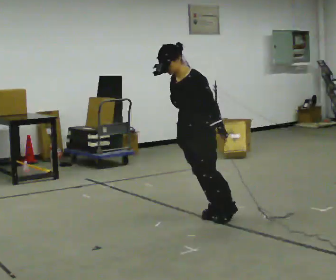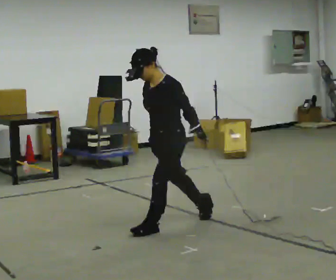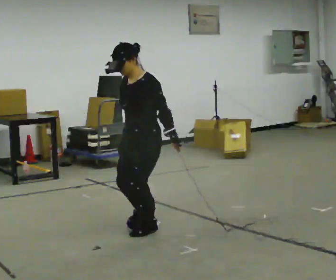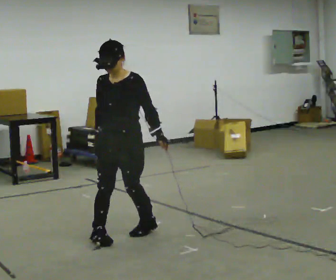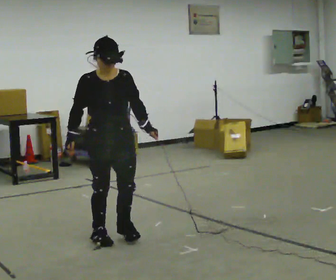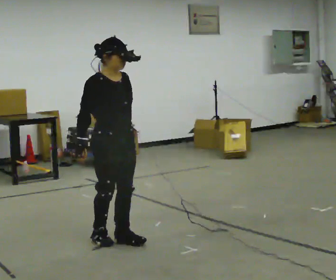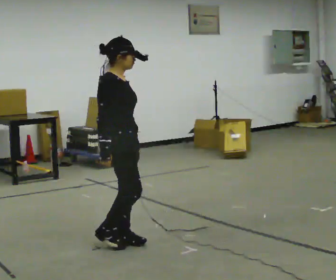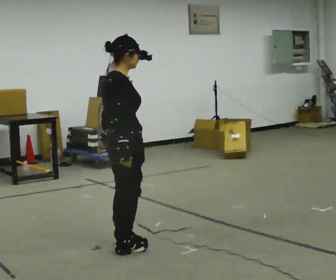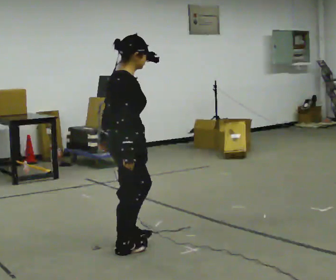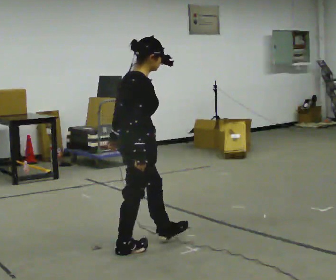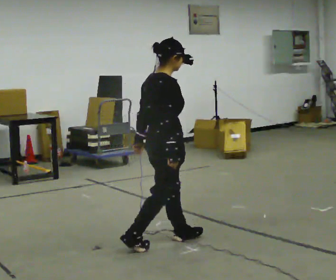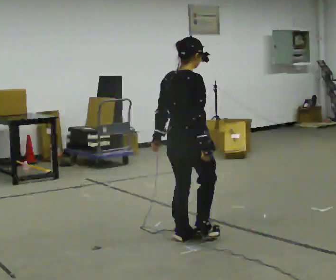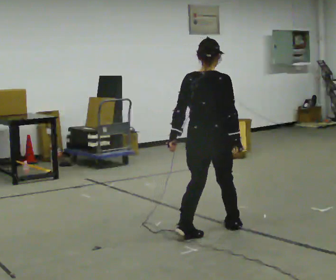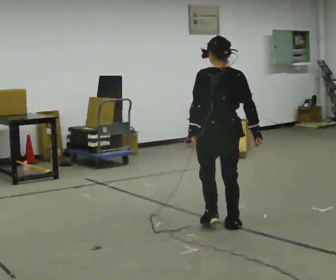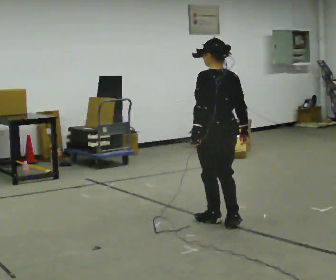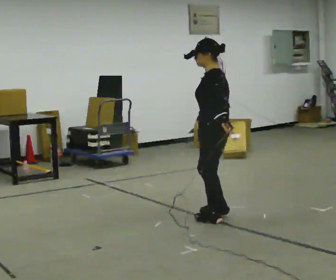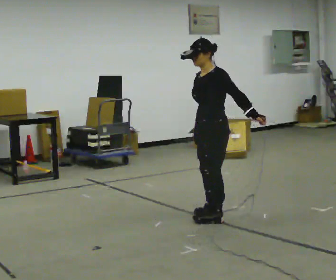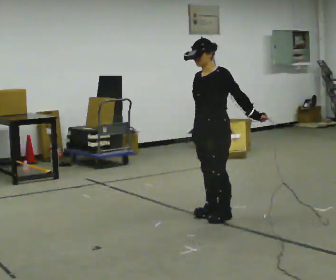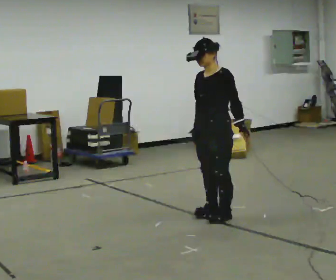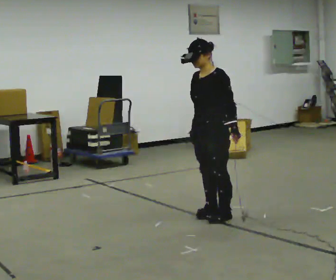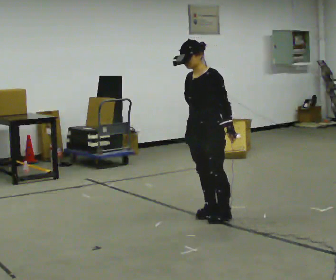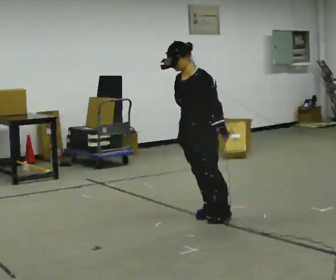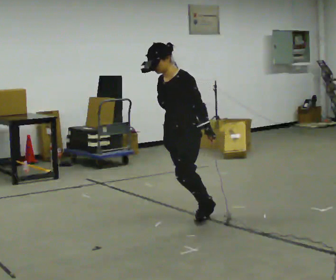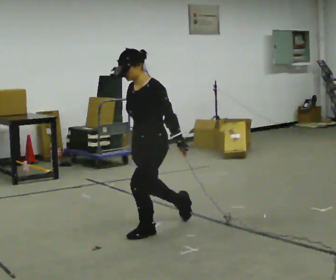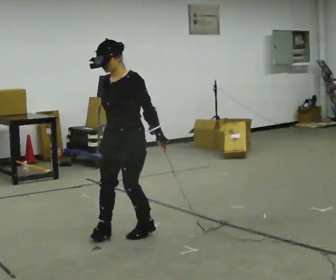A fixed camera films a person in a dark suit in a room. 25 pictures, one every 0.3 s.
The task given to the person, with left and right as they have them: Stand on the marked spots with your feet together. Lean forward from the ankles, keeping your body straight, until you cannot hold it any longer, then step forward to catch yourself. Return to the spots. Repeat at your own pace until the operator says stop. Go slowly and only as far as you are comfortable. Step whenever you need to; do not try to hold on longer than feels safe.
0.0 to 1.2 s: Seen from above the body turns counterclockwise, about 75 degrees: to their left, with its near side sliding to the right. In the picture they go to the left and toward the camera, about 1 m in 2 steps.
1.2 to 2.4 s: Seen from above the body turns counterclockwise, about 90 degrees: to their left, with its near side sliding to the right. In the picture they go toward the camera and to the right, about 0.25 m in 2 steps.
2.4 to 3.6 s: The person turns about 45 degrees to their left, counterclockwise seen from above, so the part of the body nearest the lens slides to the right. In the picture they go to the right and away from the camera, about 0.5 m in 2 steps, which for them is forward.
3.6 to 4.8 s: The part of the body nearest the lens slides to the right as the person turns to their left by about 135 degrees. In the picture they go away from the camera, about 0.5 m in 2 steps.
4.8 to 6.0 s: The person moves a little, or ends about where they began.
6.0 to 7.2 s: In the picture they go to the left and toward the camera, about 1 m in 1 step, which for them is forward.
The film runs forward here.
